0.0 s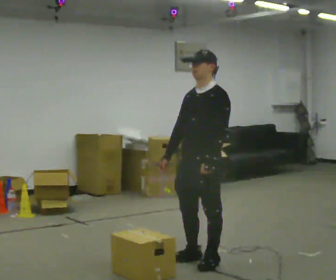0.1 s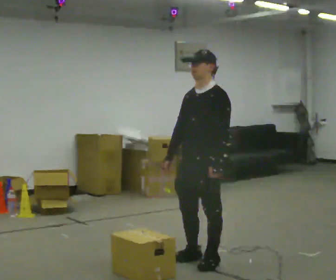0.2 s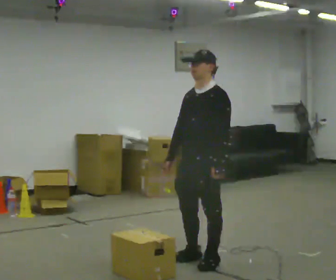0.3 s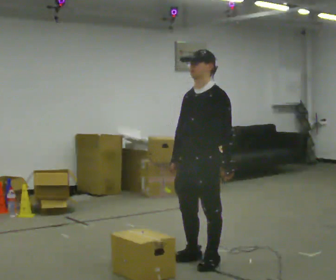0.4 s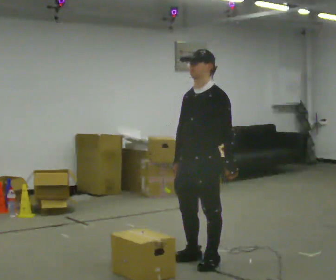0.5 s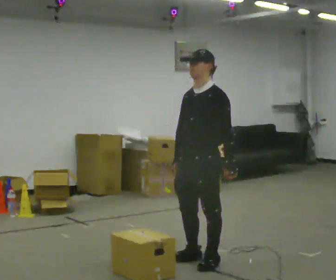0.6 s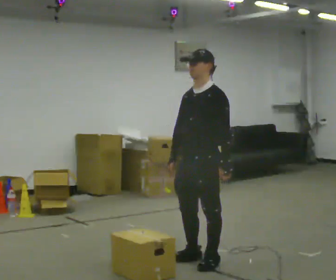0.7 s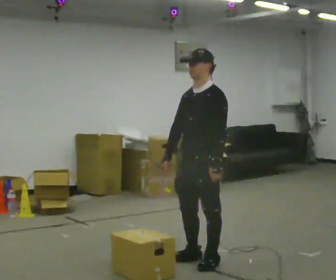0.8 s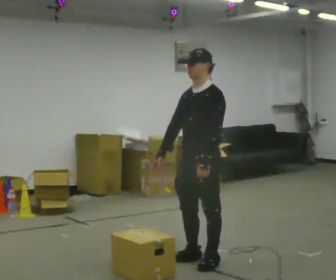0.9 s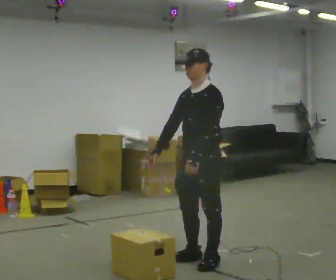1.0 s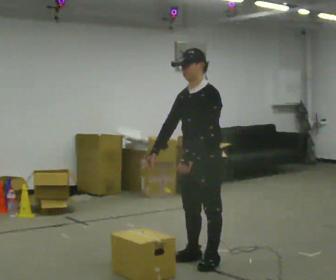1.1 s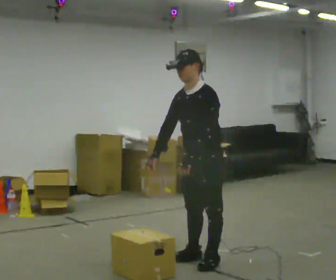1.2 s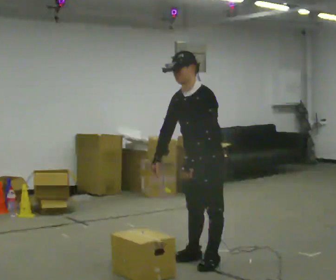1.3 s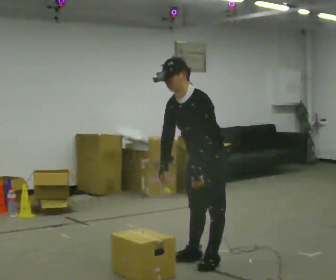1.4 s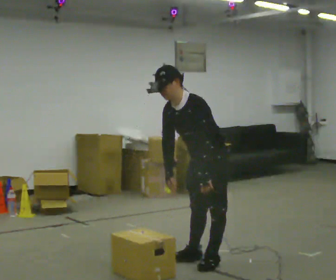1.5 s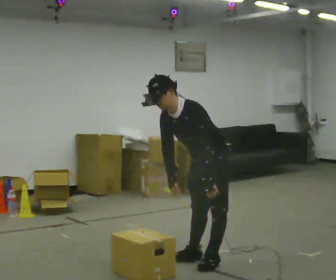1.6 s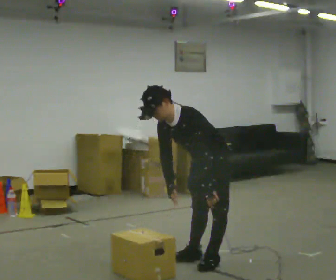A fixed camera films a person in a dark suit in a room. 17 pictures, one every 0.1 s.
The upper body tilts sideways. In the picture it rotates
counterclockwise.
0.0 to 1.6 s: In the picture they go away from the camera, about 0.25 m, which for them is backward. The shoulders move downward. In the picture the upper body tilts counterclockwise, shoulders to the left, as they bend forward.
The film runs backward here.
